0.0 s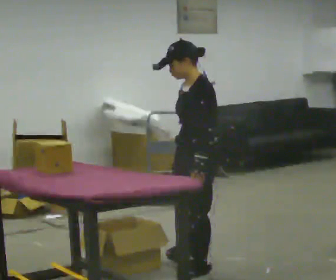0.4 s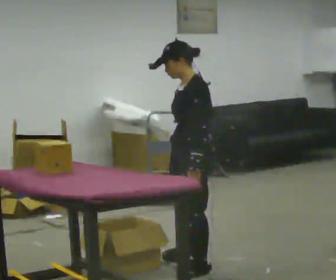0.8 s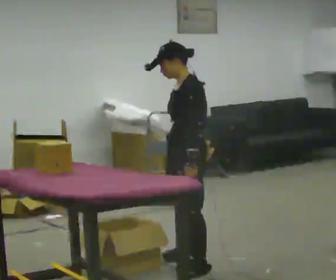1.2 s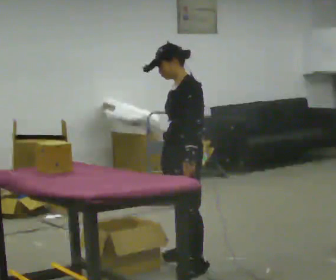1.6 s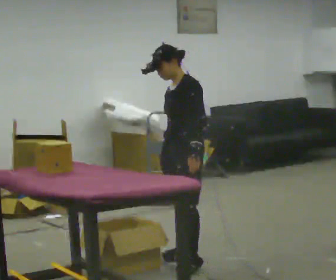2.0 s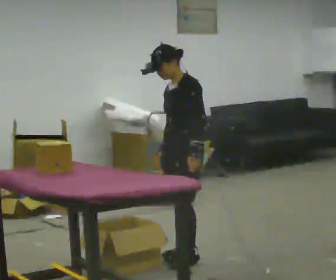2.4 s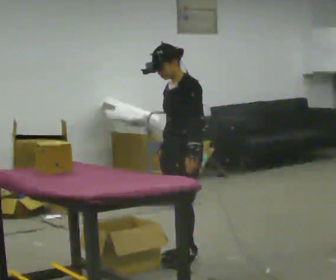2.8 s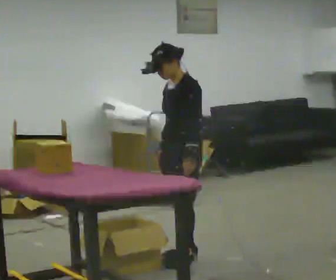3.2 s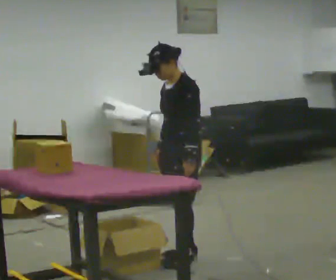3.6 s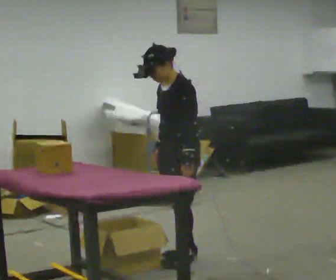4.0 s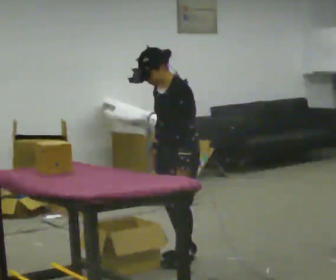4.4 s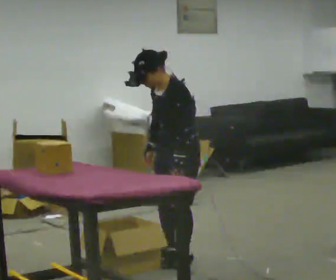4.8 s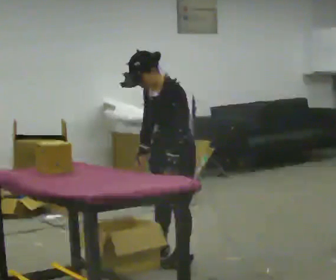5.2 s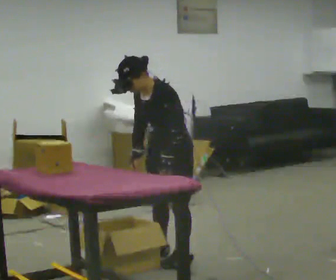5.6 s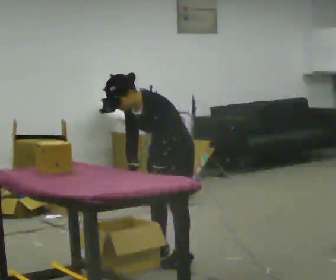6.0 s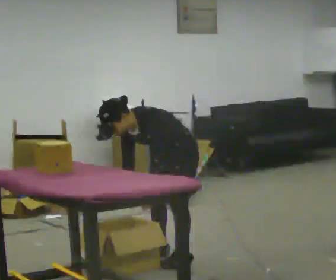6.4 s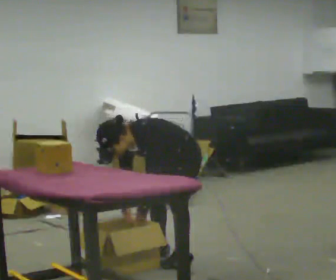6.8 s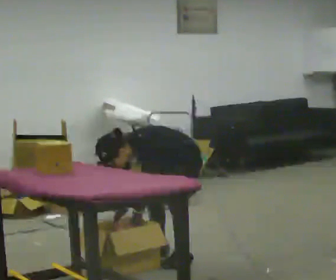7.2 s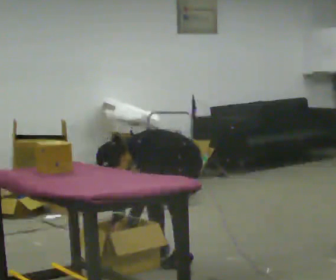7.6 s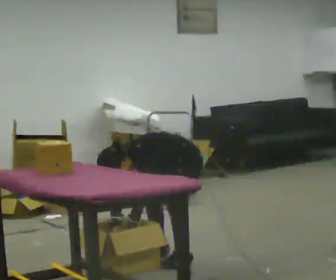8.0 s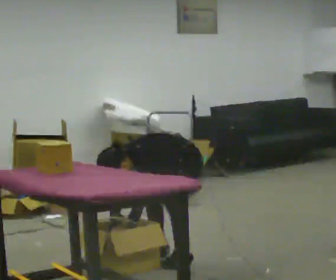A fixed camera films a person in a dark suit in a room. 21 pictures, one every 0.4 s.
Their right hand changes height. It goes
downward.
Their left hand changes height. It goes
downward.
0.0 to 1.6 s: In the picture they go away from the camera, about 0.25 m in 1 step, which for them is to their right.
1.6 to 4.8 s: The upper body tips toward the camera, its near side rolling downward, as they bend forward.
4.8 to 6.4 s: The upper body goes downward. In the picture the upper body tilts counterclockwise, shoulders to the left, as they bend forward. In the picture their right hand goes downward.
6.4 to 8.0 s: The upper body tips toward the camera, its near side rolling downward, as they bend forward.
The film runs forward here.
